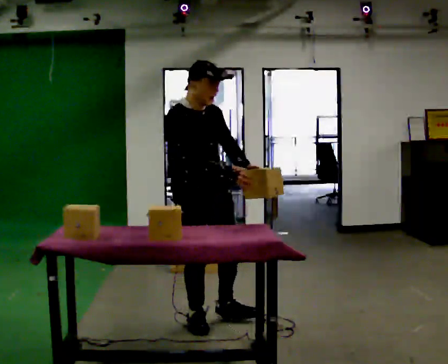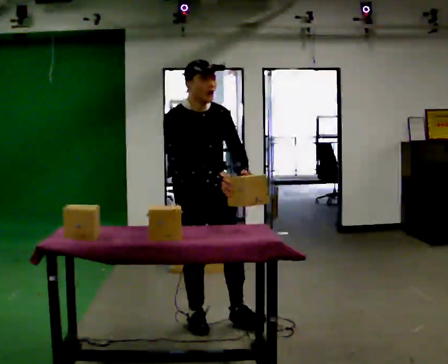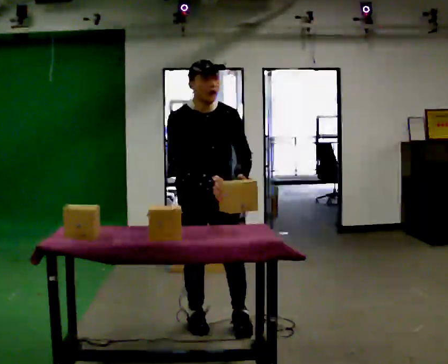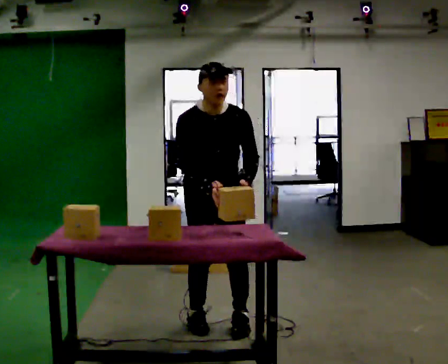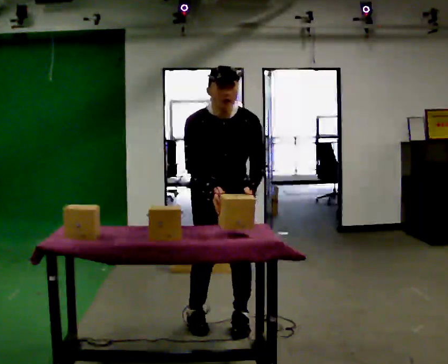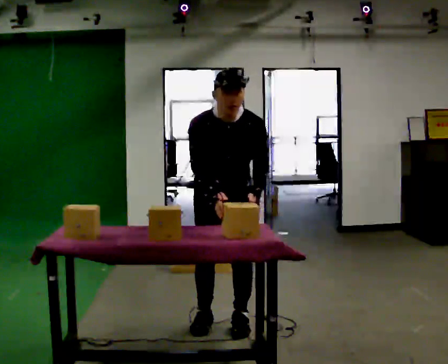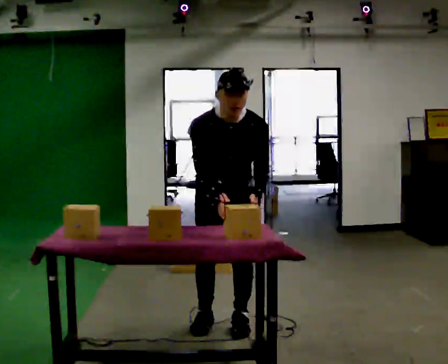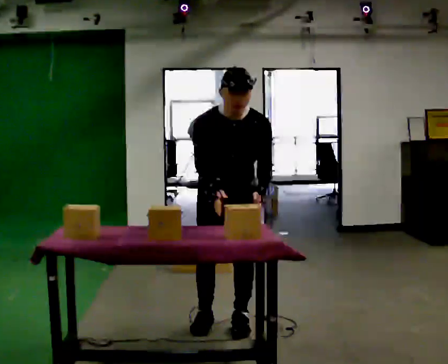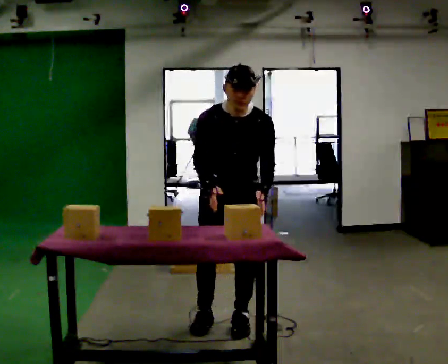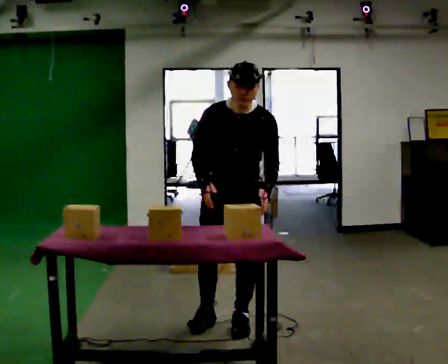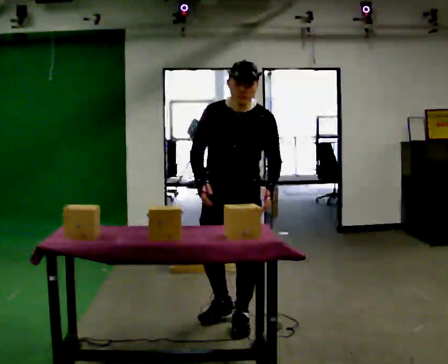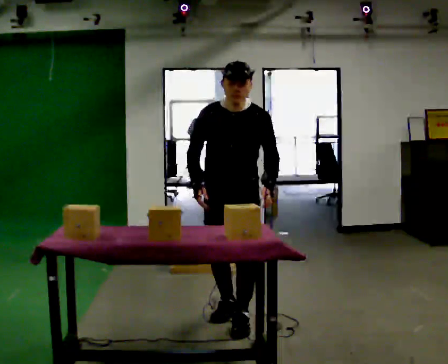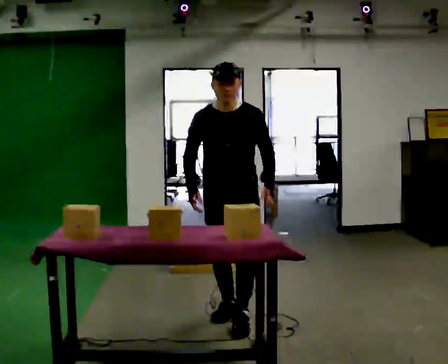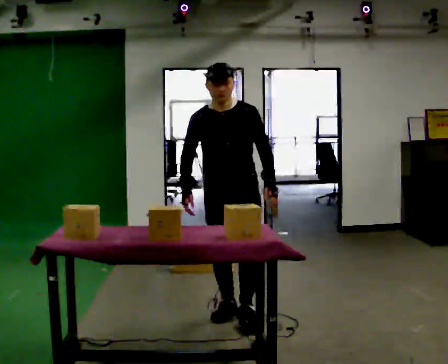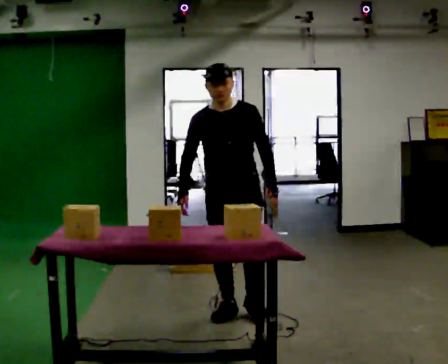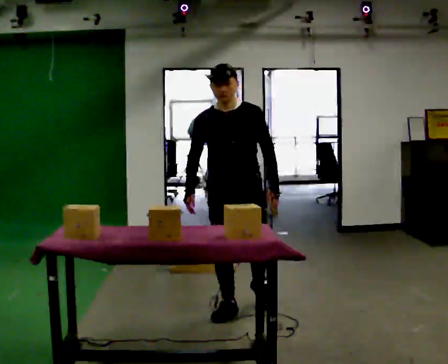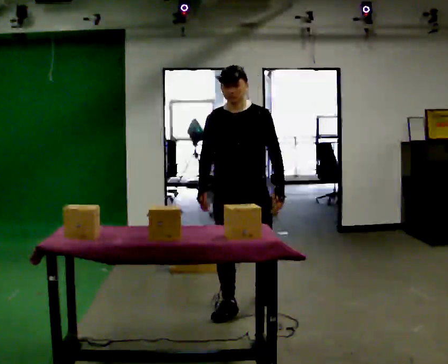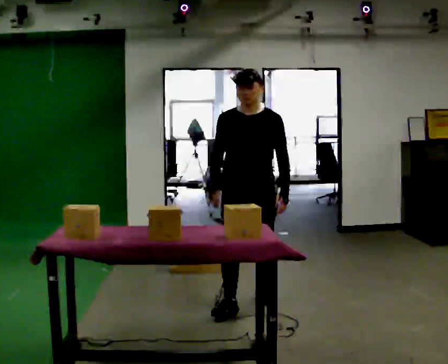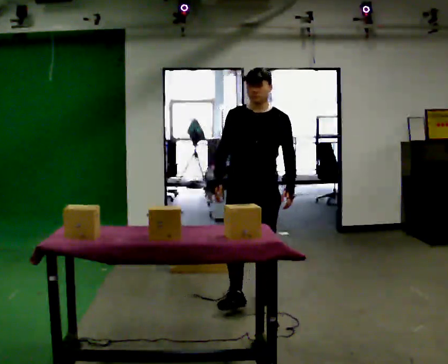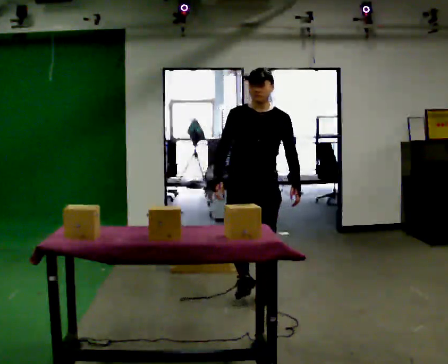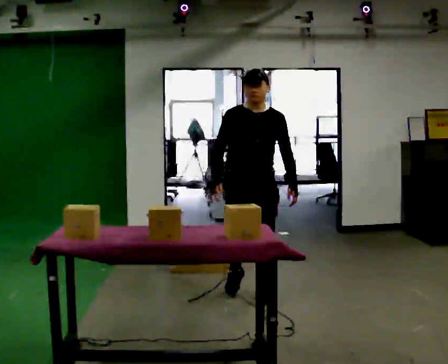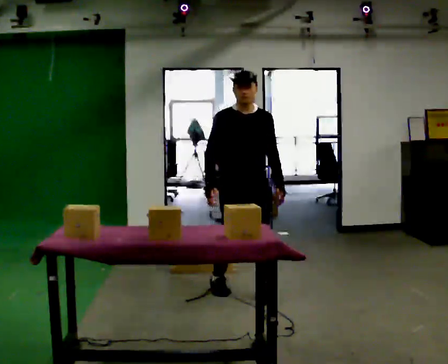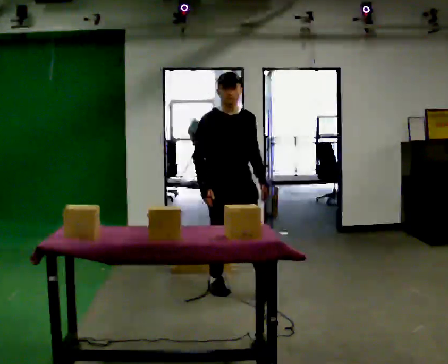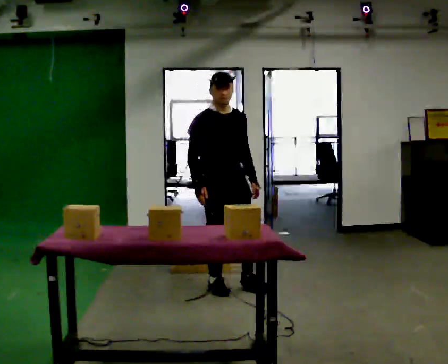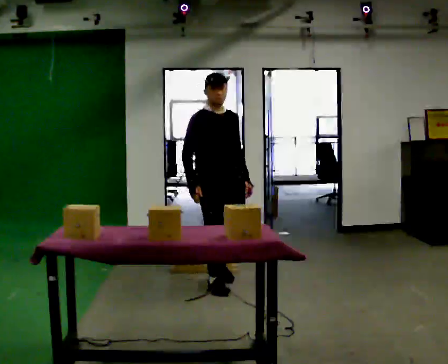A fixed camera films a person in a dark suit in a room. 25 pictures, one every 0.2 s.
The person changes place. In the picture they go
away from the camera.
The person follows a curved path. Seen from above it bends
counterclockwise.
0.0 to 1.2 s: The person turns about 45 degrees to their right, clockwise seen from above, so the part of the body nearest the lens slides to the left. In the picture they go to the right, about 0.25 m, which for them is to their left. The upper body tips toward the camera, its near side rolling downward, as they bend forward.
1.2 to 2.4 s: The upper body tips away from the camera, its near side rolling upward, as they lean back or straighten.
2.4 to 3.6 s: In the picture they go away from the camera, about 0.5 m in 2 steps, which for them is backward.
3.6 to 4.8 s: The part of the body nearest the lens slides to the right as the person turns to their left by about 45 degrees. In the picture they go away from the camera and to the left, about 0.5 m in 1 step, which for them is backward and to their right.
The film runs backward here.
